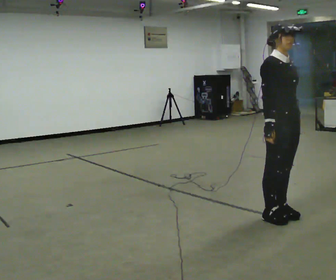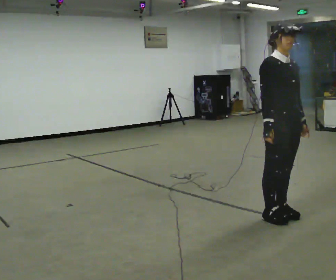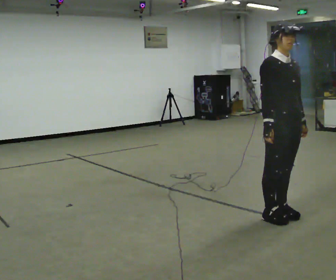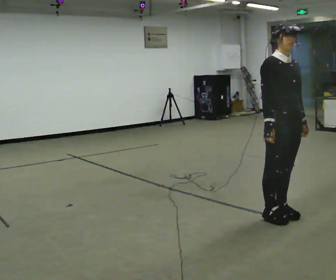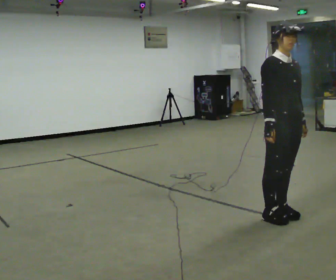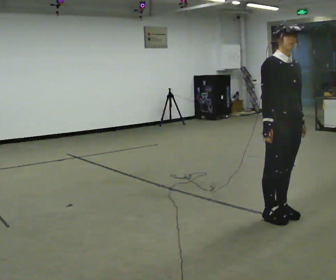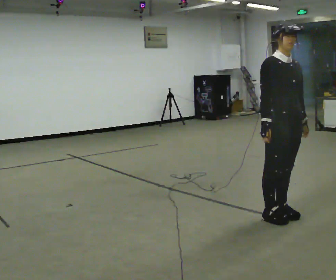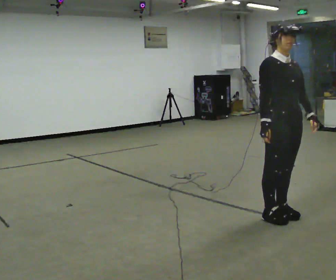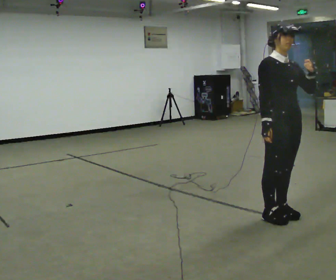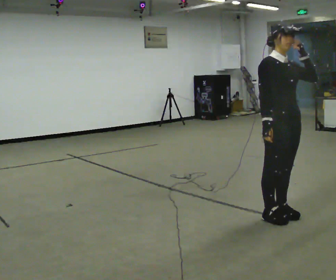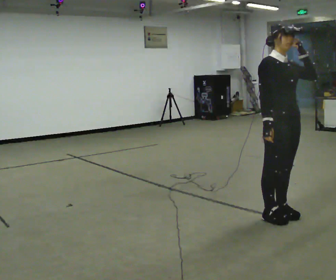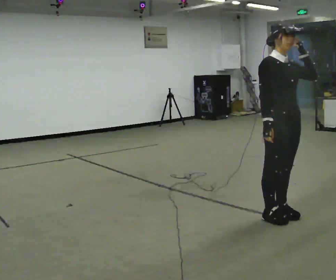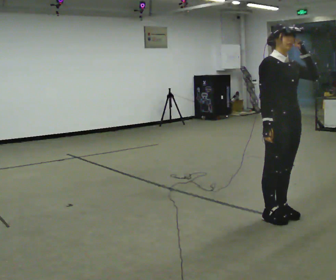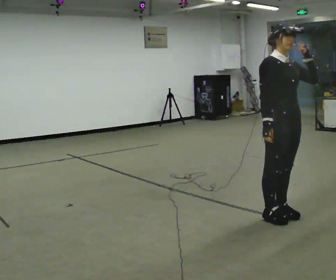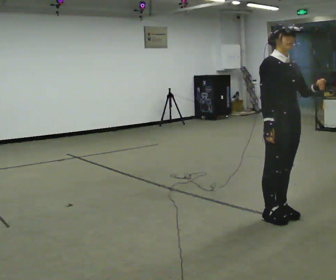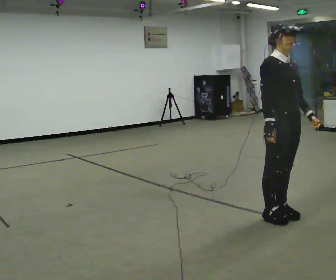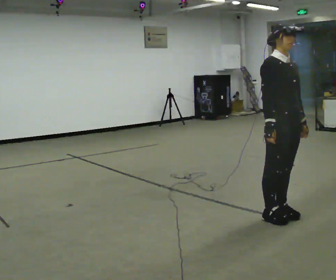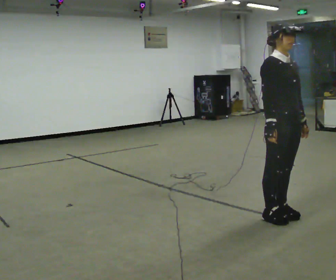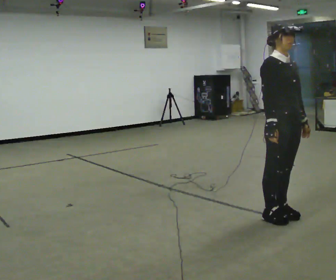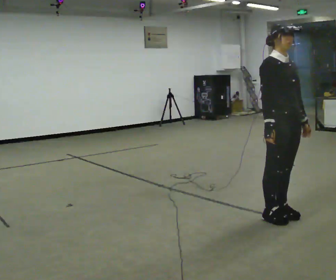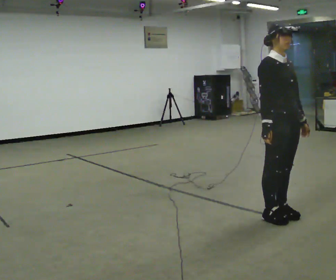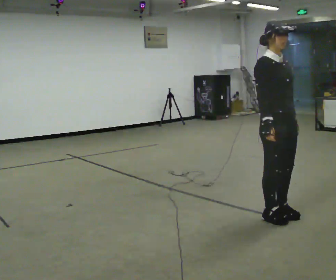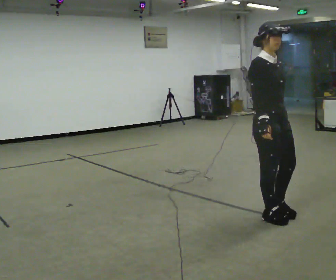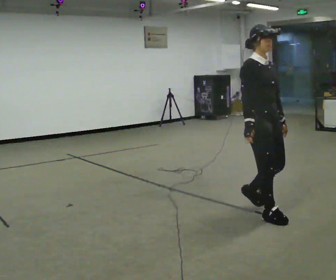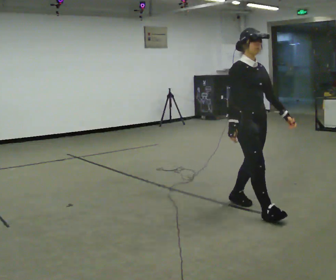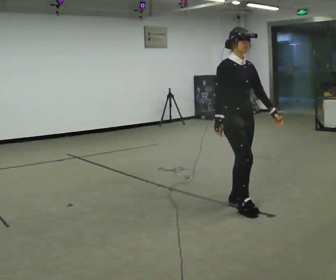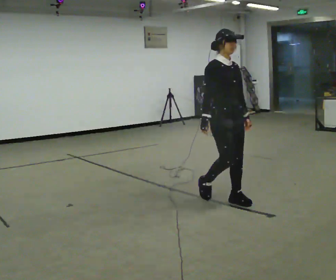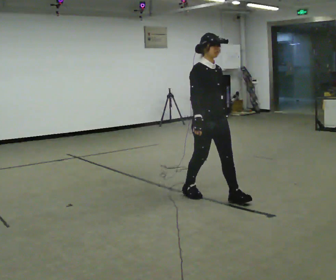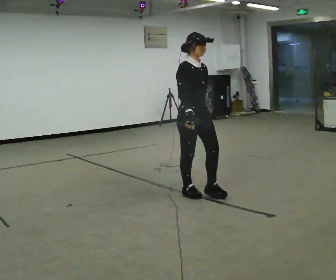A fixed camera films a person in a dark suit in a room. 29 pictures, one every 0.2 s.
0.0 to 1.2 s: The person moves a little, or ends about where they began.
1.2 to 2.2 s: In the picture their left hand goes upward.
2.2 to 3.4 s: In the picture their left hand goes downward.
3.4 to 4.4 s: The person moves a little, or ends about where they began.
4.4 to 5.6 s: In the picture they go to the left and away from the camera, about 1 m in 2 steps, which for them is backward.
The film runs backward here.
